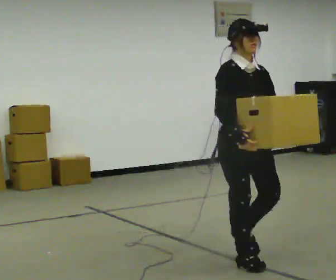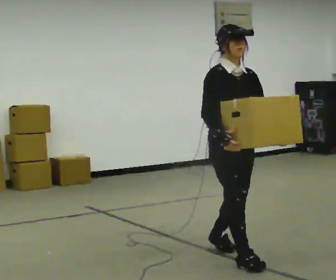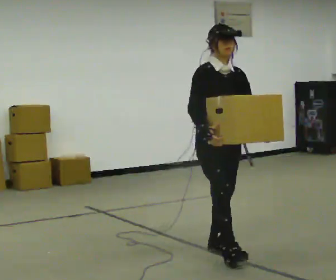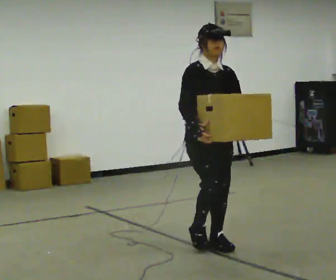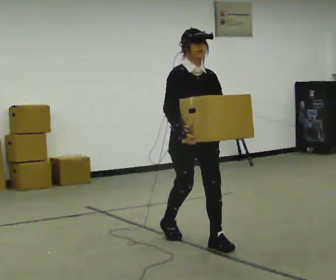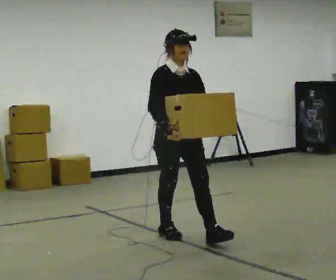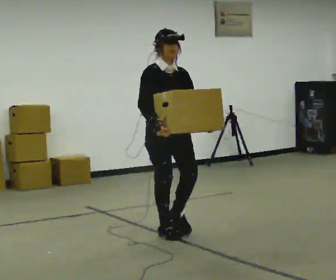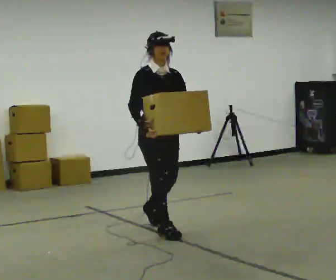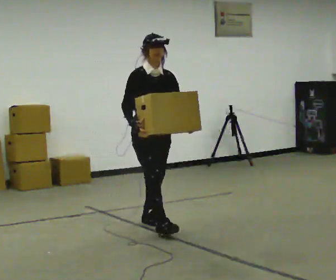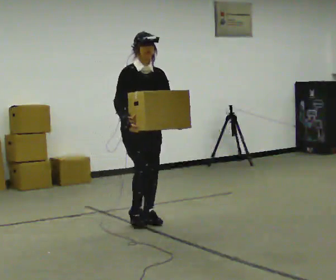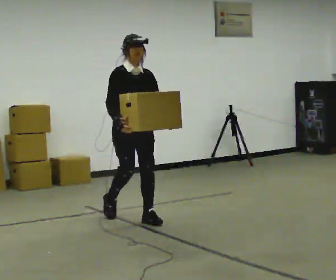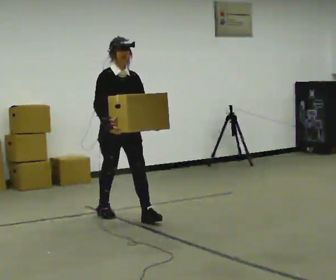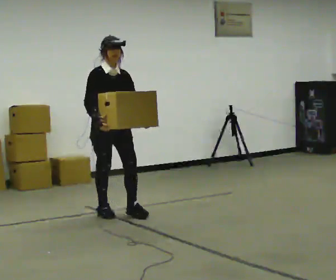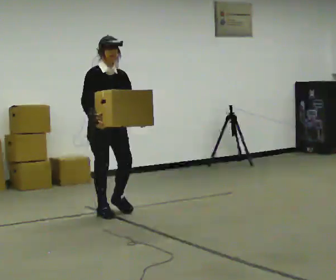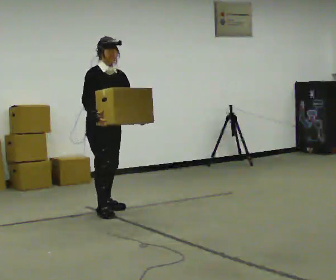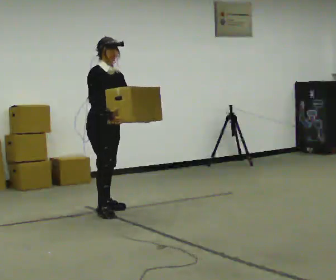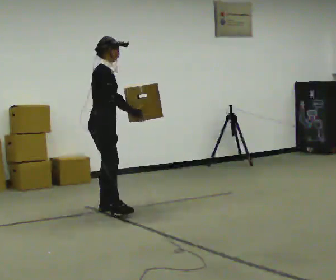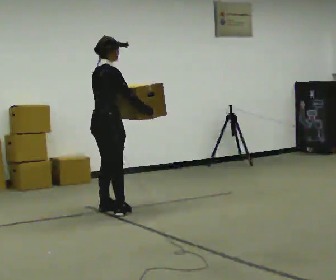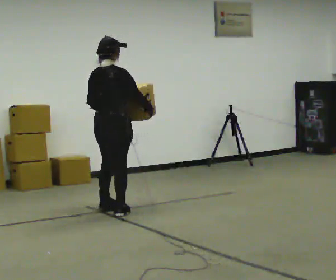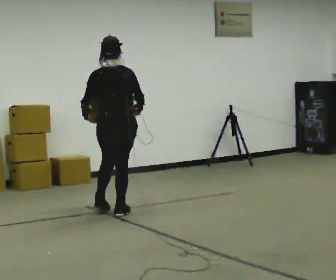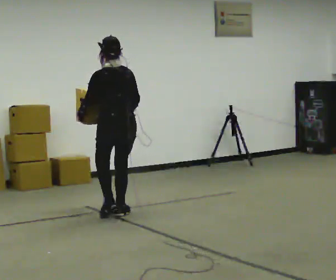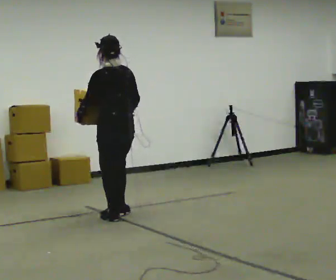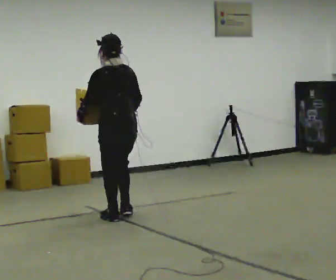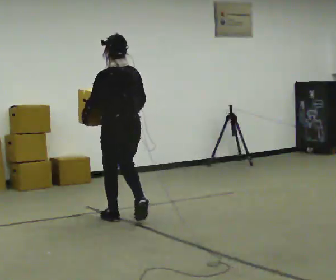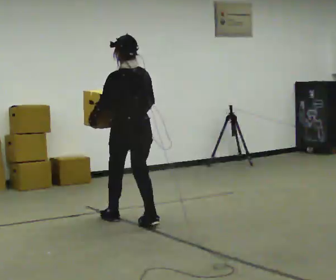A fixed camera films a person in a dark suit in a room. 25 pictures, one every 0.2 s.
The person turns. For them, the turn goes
to their left.
The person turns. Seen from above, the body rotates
counterclockwise.
0.0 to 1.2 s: In the picture they go away from the camera and to the left, about 1 m in 2 steps, which for them is backward.
1.2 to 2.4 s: In the picture they go away from the camera and to the left, about 1 m in 2 steps, which for them is backward.
2.4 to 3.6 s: Seen from above the body turns counterclockwise, about 105 degrees: to their left, with its near side sliding to the right. In the picture their right hand goes to the right, the arm swinging counterclockwise.
3.6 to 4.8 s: Seen from above the body turns counterclockwise, about 60 degrees: to their left, with its near side sliding to the right. In the picture they go toward the camera and to the right, about 0.5 m in 2 steps.
The film runs backward here.
